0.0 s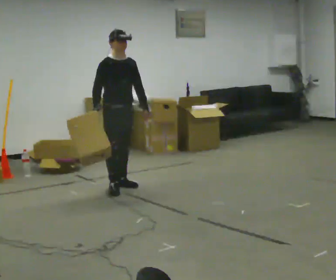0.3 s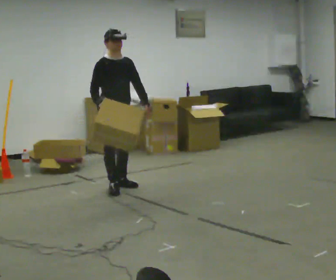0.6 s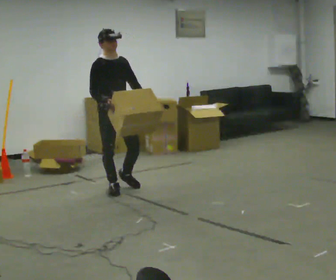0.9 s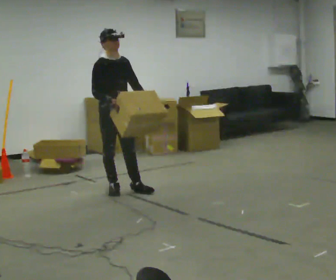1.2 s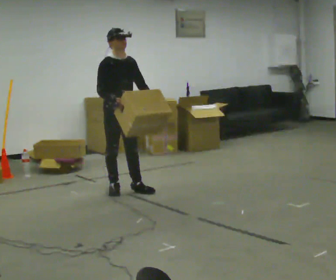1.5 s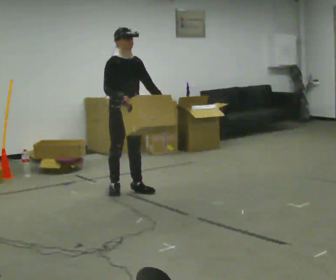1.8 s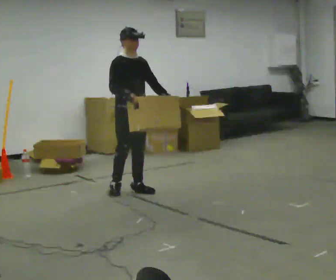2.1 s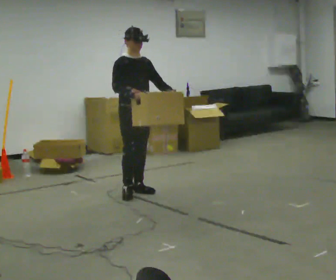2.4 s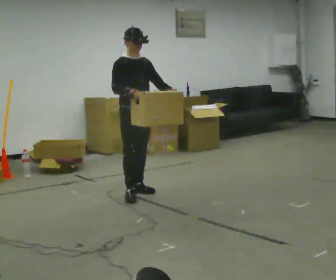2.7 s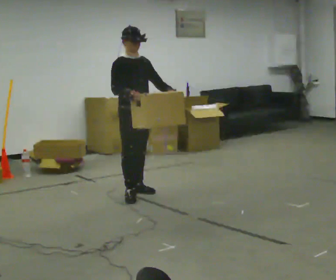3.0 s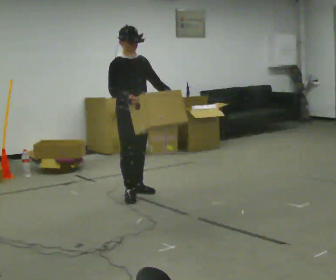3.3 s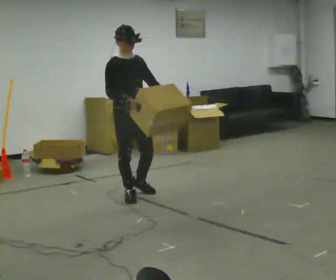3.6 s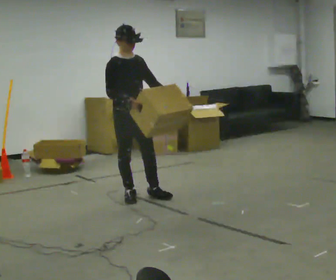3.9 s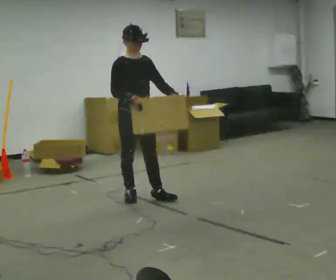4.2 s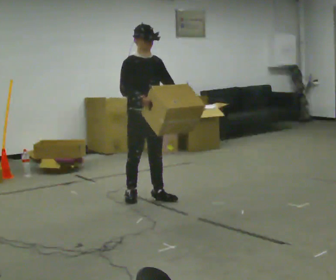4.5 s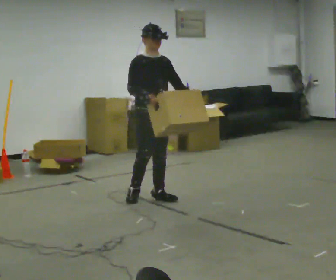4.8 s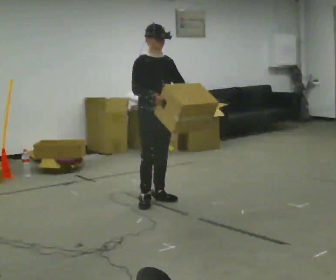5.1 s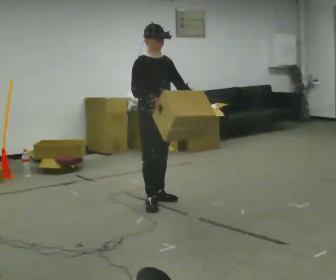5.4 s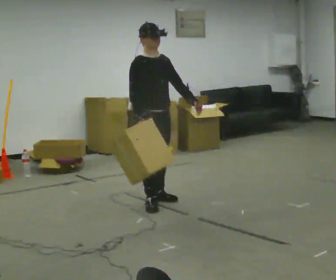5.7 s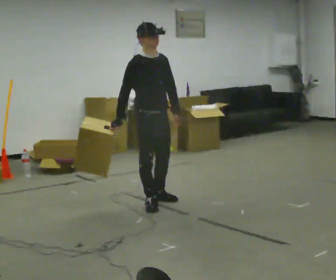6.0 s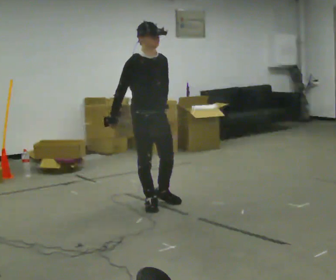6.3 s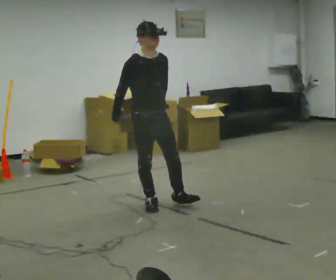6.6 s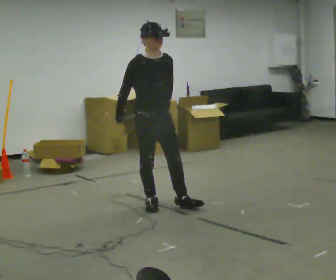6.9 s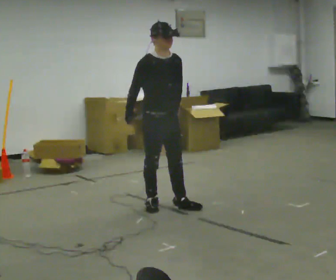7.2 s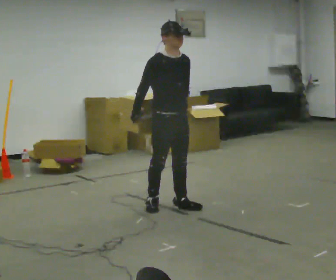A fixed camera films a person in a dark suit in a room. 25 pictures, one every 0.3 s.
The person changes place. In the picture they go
toward the camera.
0.0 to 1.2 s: In the picture they go toward the camera, about 0.25 m in 1 step, which for them is forward.
1.2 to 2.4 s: In the picture they go to the right, about 0.25 m in 1 step, which for them is forward.
2.4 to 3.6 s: In the picture they go toward the camera, about 0.25 m, which for them is to their right and forward.
3.6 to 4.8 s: In the picture they go to the right, about 0.25 m in 1 step, which for them is forward and to their left.
4.8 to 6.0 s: In the picture they go toward the camera, about 0.25 m in 1 step, which for them is to their right and forward.
6.0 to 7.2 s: In the picture they go to the right, about 0.25 m in 1 step, which for them is forward and to their left.
The film runs forward here.
